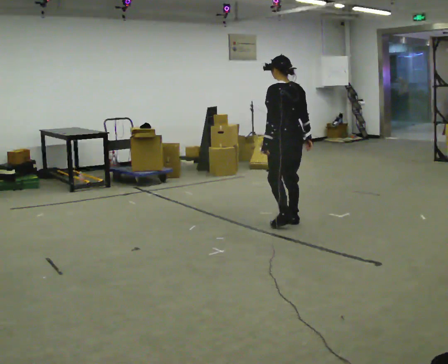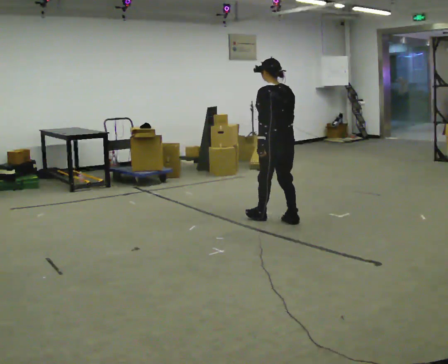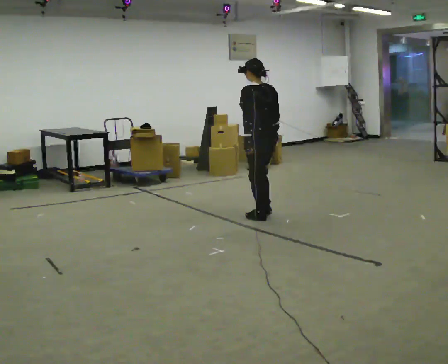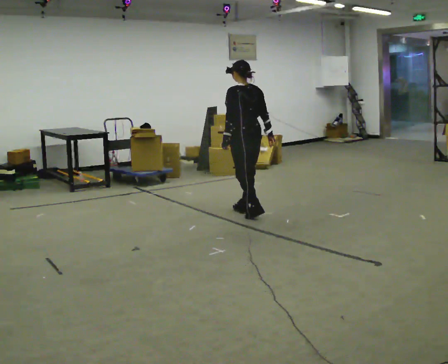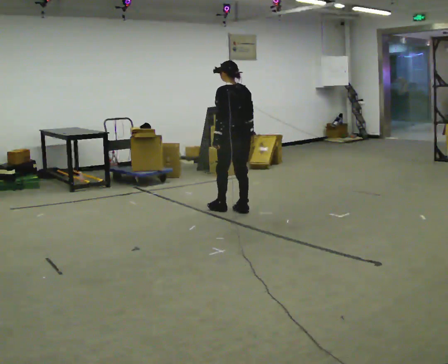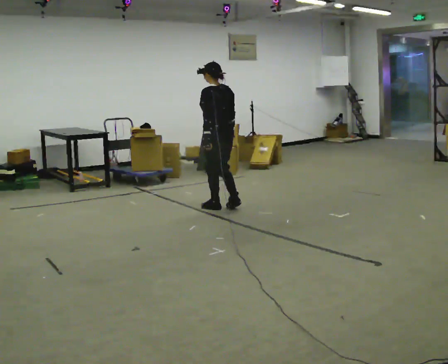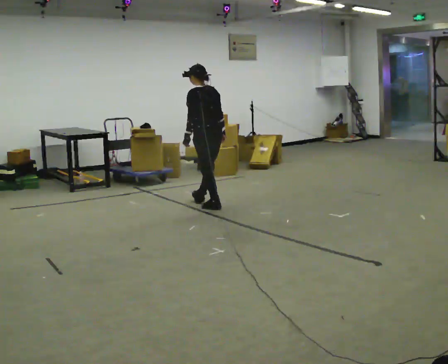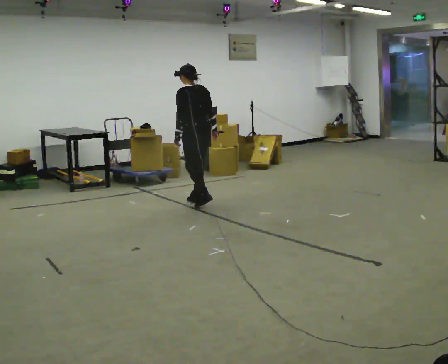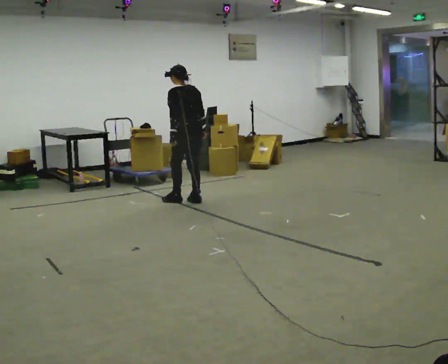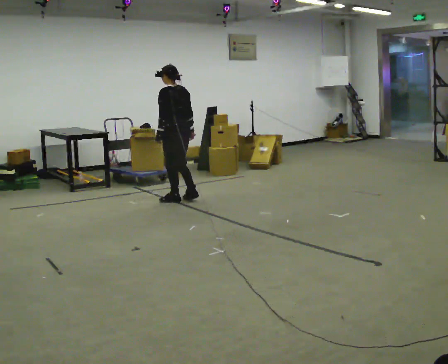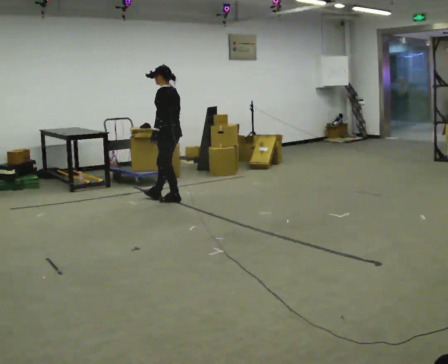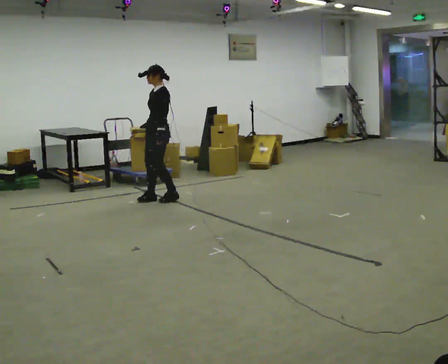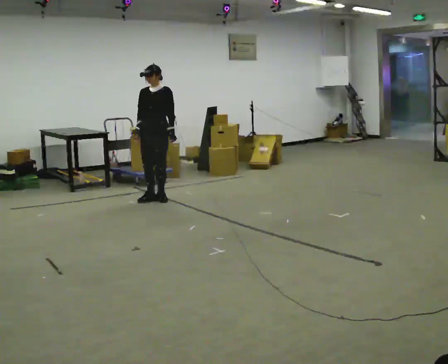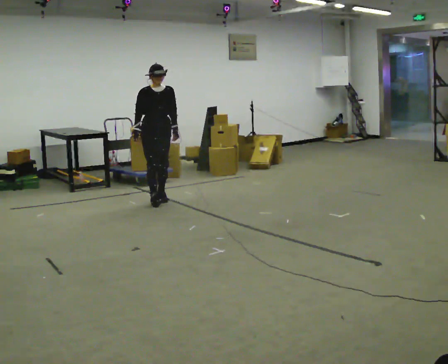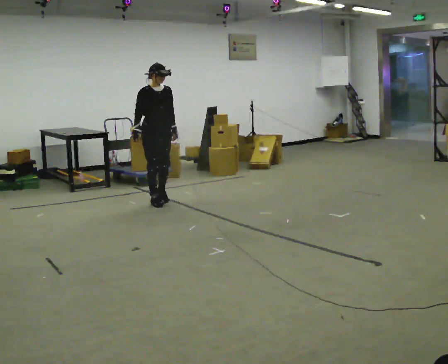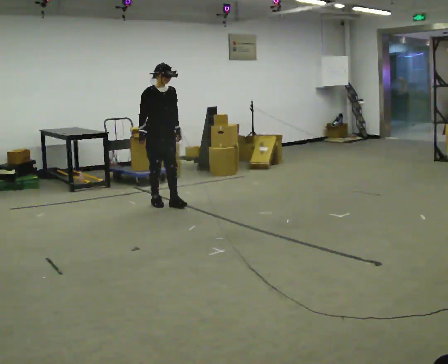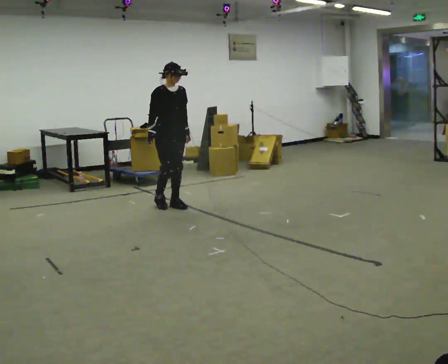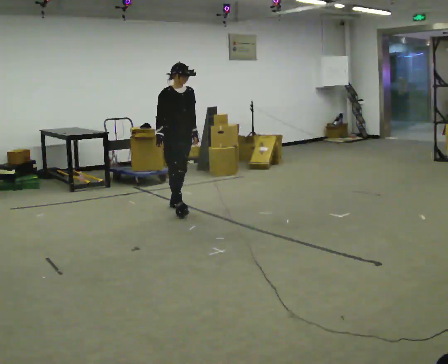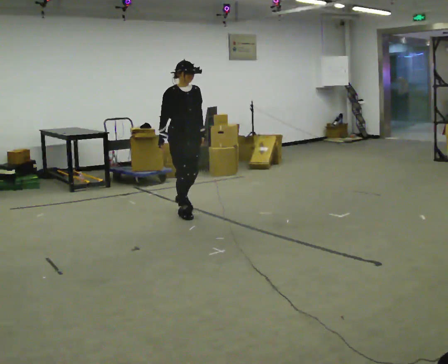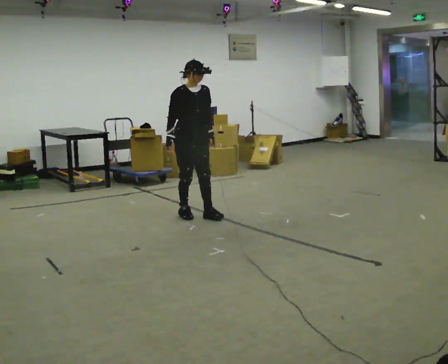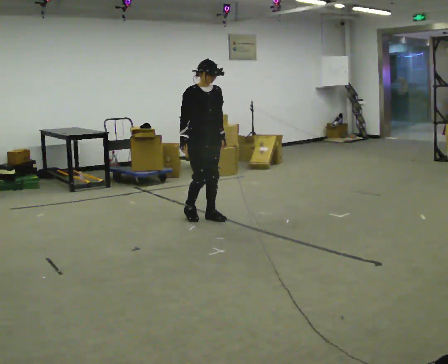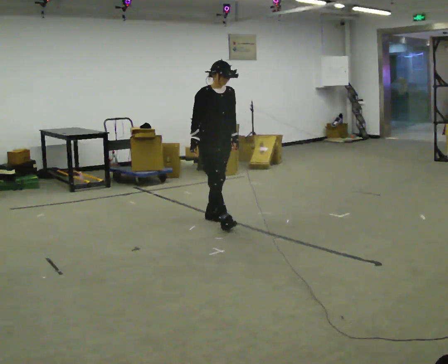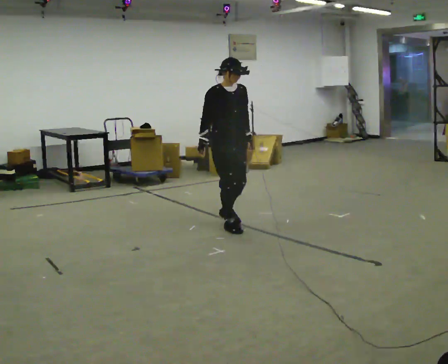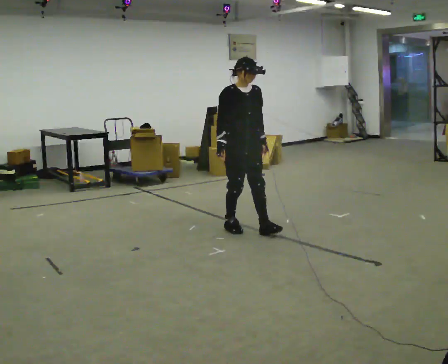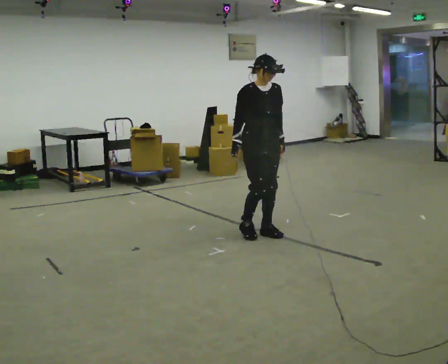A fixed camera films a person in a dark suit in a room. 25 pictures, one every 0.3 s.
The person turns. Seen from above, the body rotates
counterclockwise.
The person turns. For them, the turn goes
to their left.
0.0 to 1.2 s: In the picture they go away from the camera and to the left, about 0.5 m in 2 steps, which for them is forward.
1.2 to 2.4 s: In the picture they go away from the camera and to the left, about 0.75 m in 2 steps, which for them is forward.
2.4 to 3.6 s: The part of the body nearest the lens slides to the right as the person turns to their left by about 105 degrees. In the picture they go to the left and away from the camera, about 0.5 m in 2 steps.
3.6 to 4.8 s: The person turns about 75 degrees to their left, counterclockwise seen from above, so the part of the body nearest the lens slides to the right. In the picture they go toward the camera, about 0.25 m in 3 steps.
4.8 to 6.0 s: In the picture they go toward the camera and to the right, about 0.75 m in 2 steps, which for them is forward.
6.0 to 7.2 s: In the picture they go toward the camera and to the right, about 0.5 m in 2 steps, which for them is forward.
The film runs backward here.
